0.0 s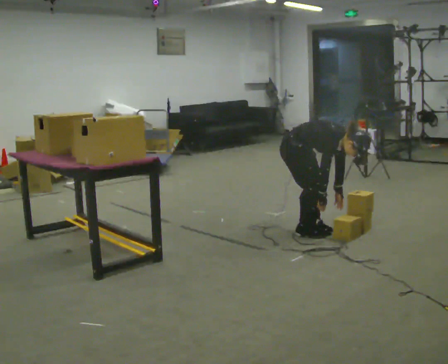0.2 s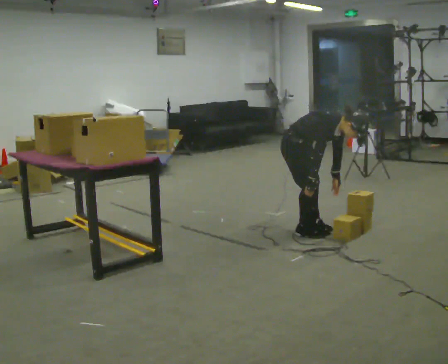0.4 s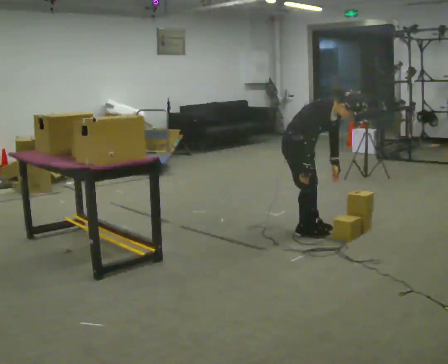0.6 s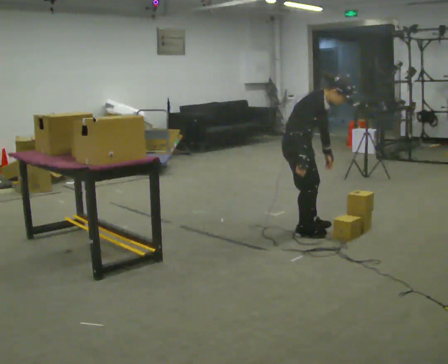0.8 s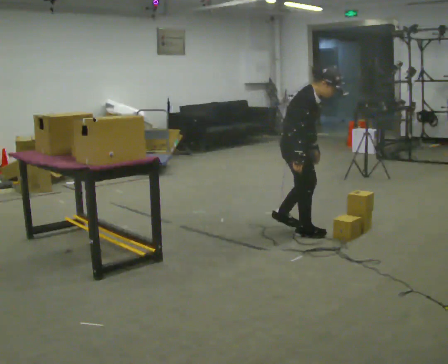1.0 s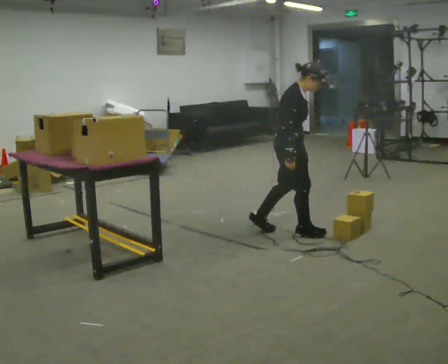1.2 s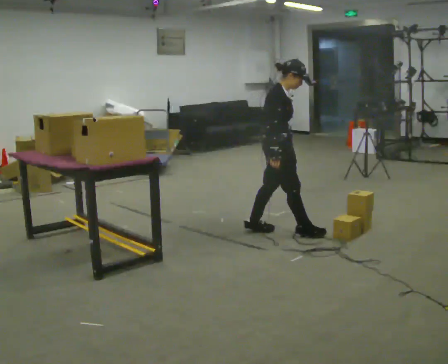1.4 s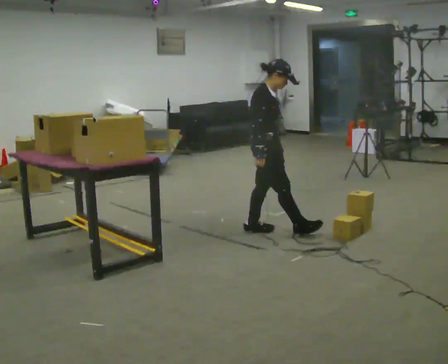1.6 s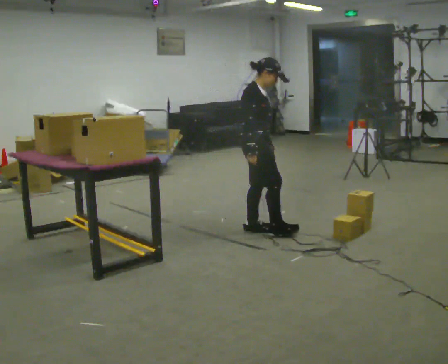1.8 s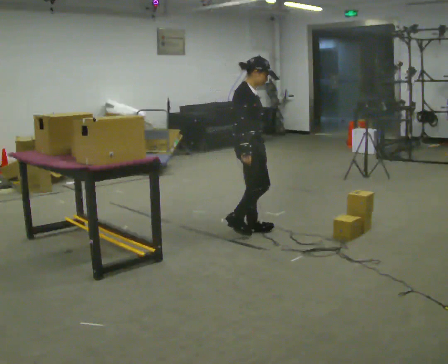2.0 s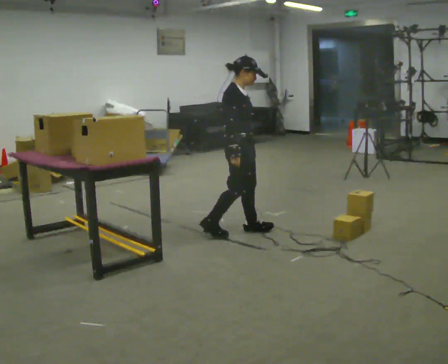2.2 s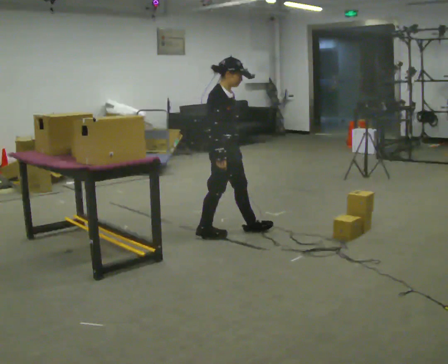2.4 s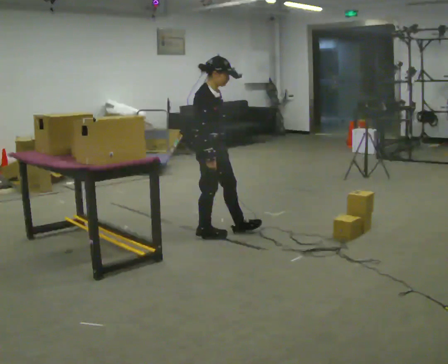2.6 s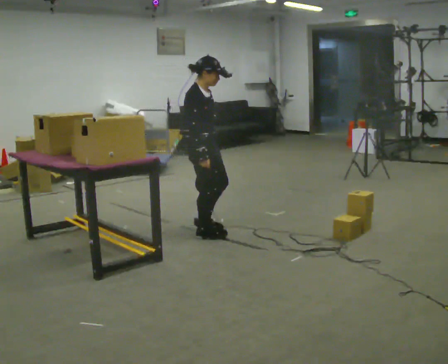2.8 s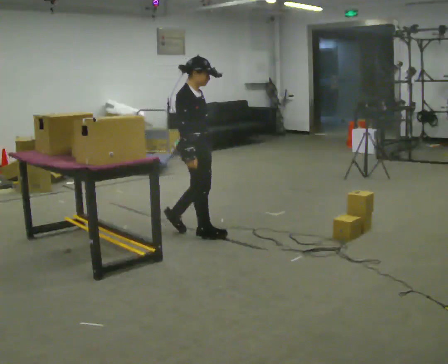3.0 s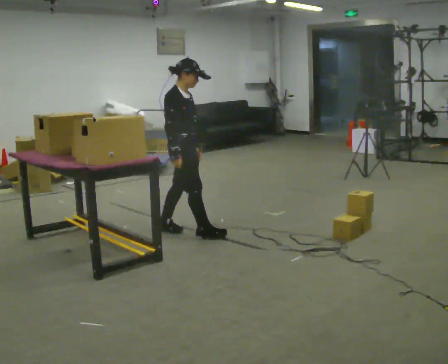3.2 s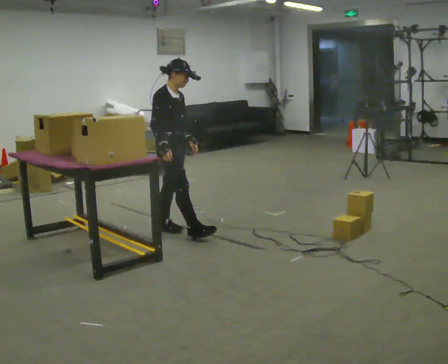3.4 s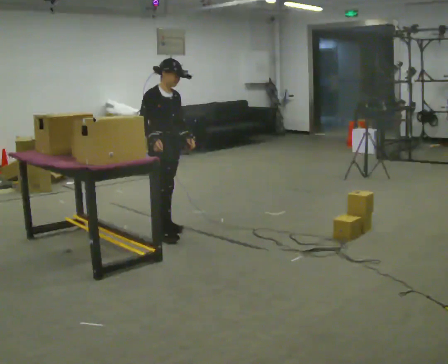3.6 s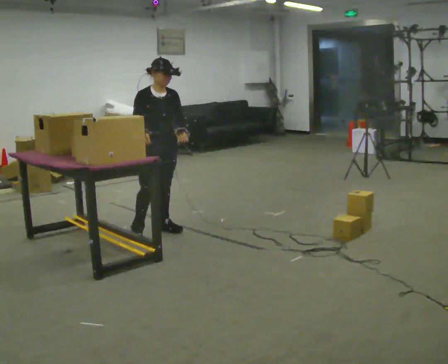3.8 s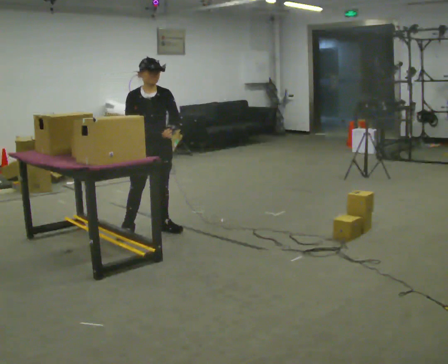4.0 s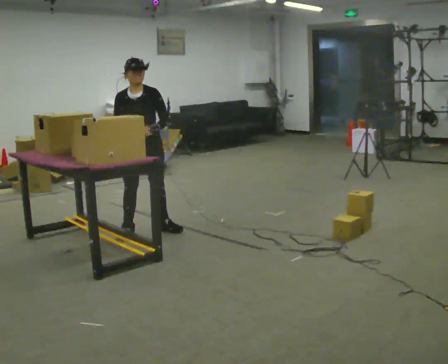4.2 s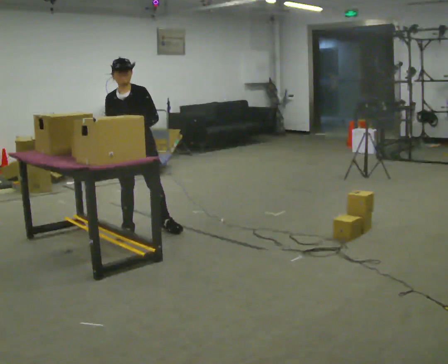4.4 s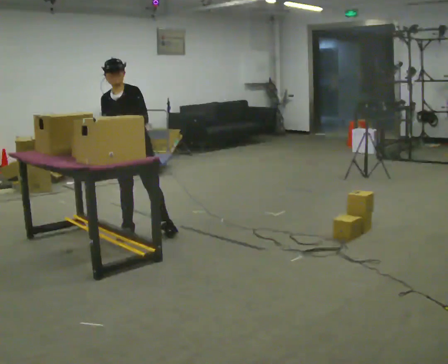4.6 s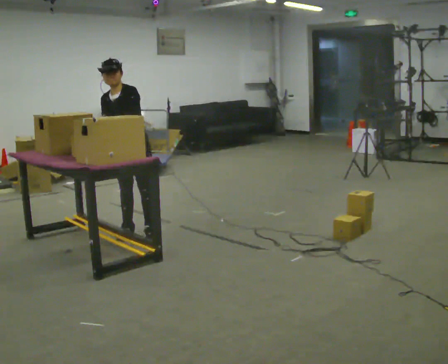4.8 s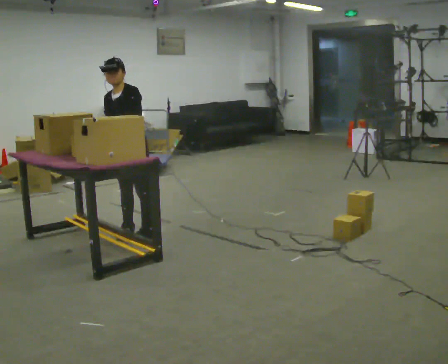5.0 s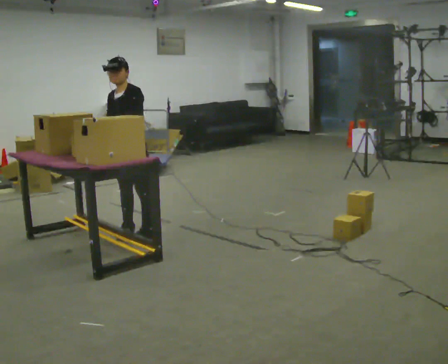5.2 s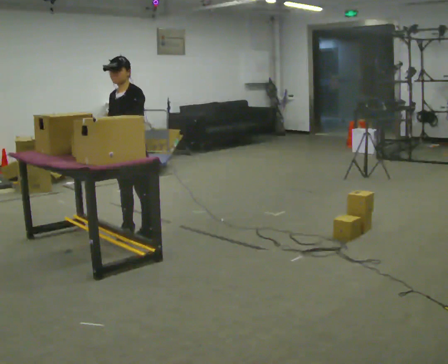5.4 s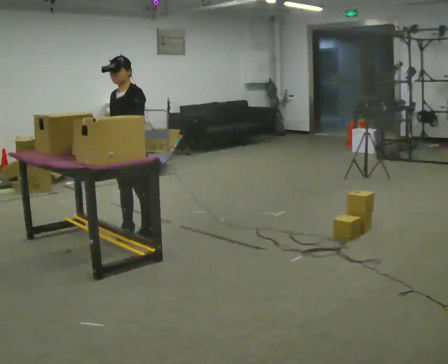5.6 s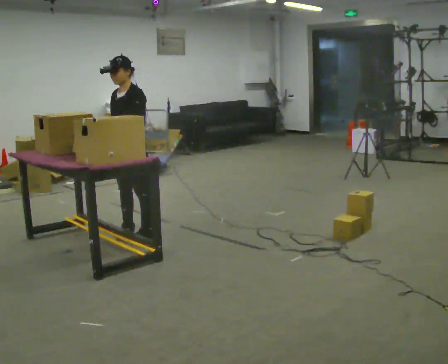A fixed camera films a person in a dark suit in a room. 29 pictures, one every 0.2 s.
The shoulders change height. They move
upward.
Their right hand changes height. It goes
upward.
0.0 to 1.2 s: Seen from above the body turns counterclockwise, about 30 degrees: to their left, with its near side sliding to the right. In the picture they go to the left, about 0.25 m in 1 step, which for them is backward. The shoulders move upward. The upper body tips away from the camera, its near side rolling upward, as they lean back or straighten. In the picture their right hand goes upward and to the left.
1.2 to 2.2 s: In the picture they go to the left, about 0.5 m in 1 step, which for them is backward.
2.2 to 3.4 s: In the picture they go to the left and away from the camera, about 0.5 m in 2 steps, which for them is backward.
3.4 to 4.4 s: The person turns about 60 degrees to their right, clockwise seen from above, so the part of the body nearest the lens slides to the left. In the picture they go to the left, about 0.25 m in 1 step.
4.4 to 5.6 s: Seen from above the body turns clockwise, about 30 degrees: to their right, with its near side sliding to the left.
The film runs backward here.
